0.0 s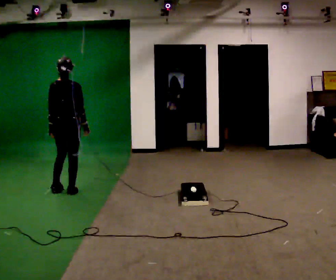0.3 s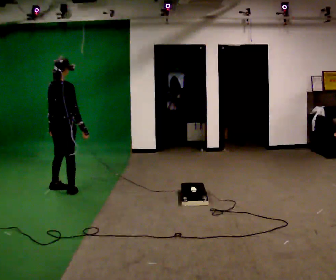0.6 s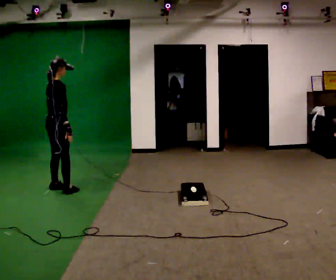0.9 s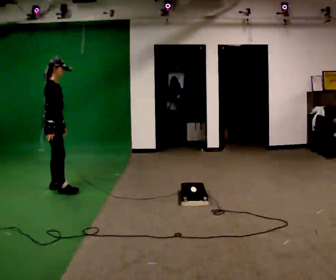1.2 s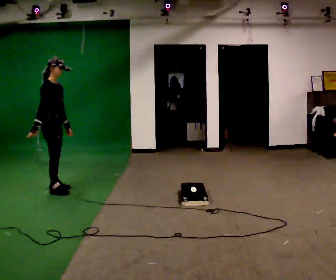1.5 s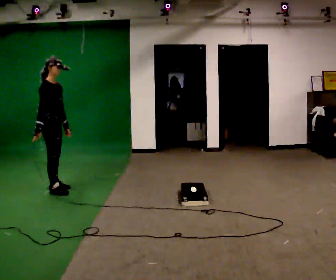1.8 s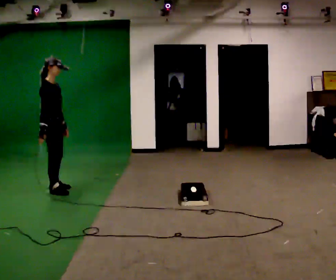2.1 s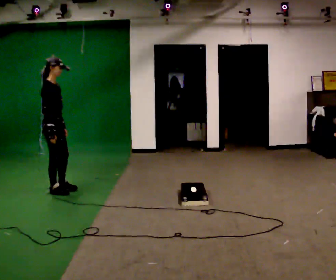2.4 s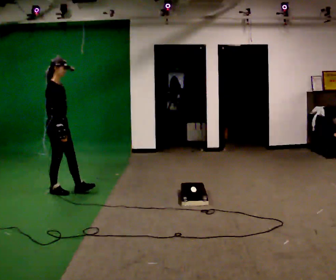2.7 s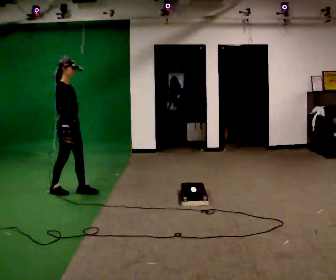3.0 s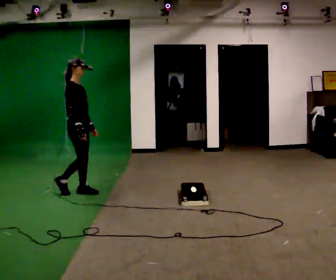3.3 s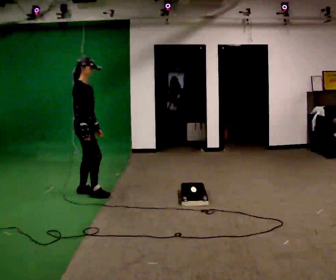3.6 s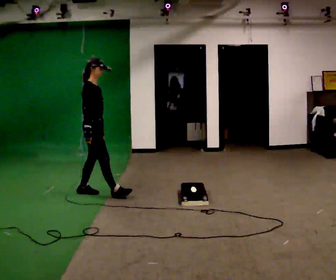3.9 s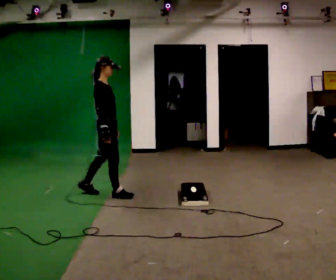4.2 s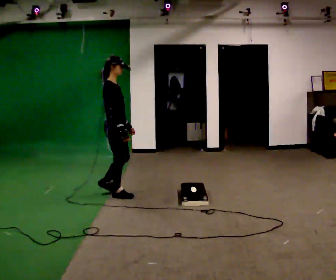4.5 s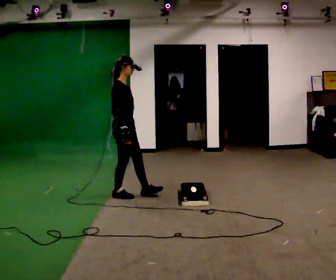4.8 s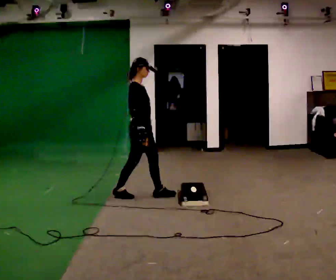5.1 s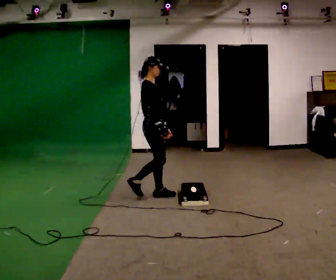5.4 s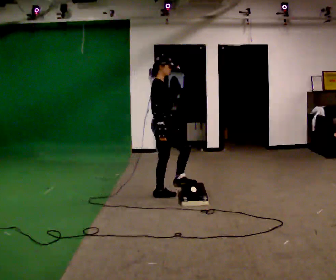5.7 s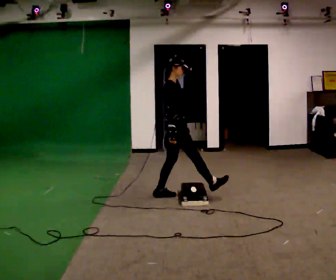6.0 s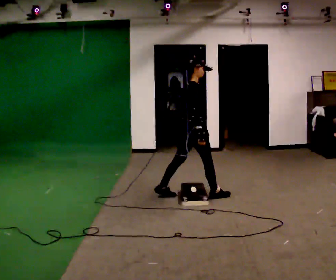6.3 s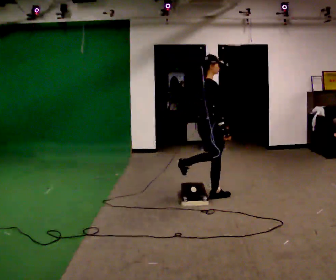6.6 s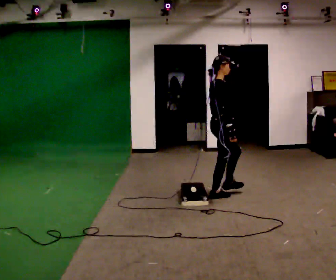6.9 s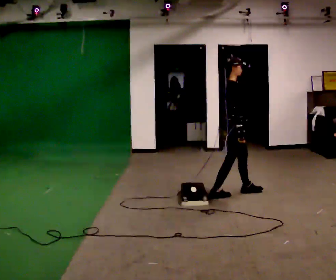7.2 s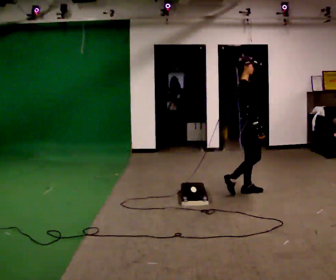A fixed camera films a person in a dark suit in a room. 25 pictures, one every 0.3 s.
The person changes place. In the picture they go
to the right.
0.0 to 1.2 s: The person turns about 90 degrees to their right, clockwise seen from above, so the part of the body nearest the lens slides to the left. In the picture they go to the left and away from the camera, about 0.25 m in 1 step.
1.2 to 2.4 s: In the picture they go toward the camera, about 0.25 m, which for them is to their right and forward. In the picture their right hand goes to the right.
2.4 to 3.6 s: In the picture they go to the right, about 0.5 m in 2 steps, which for them is forward.
3.6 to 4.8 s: In the picture they go to the right, about 0.5 m in 1 step, which for them is forward.
4.8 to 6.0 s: The person turns about 30 degrees to their left, counterclockwise seen from above, so the part of the body nearest the lens slides to the right. In the picture they go to the right, about 0.5 m in 1 step, which for them is forward.
6.0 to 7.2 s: Seen from above the body turns clockwise, about 30 degrees: to their right, with its near side sliding to the left. In the picture they go to the right, about 0.5 m in 1 step, which for them is forward.
The film runs forward here.
